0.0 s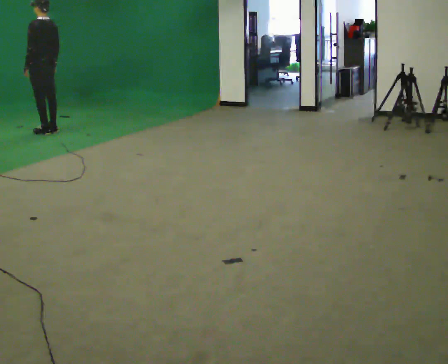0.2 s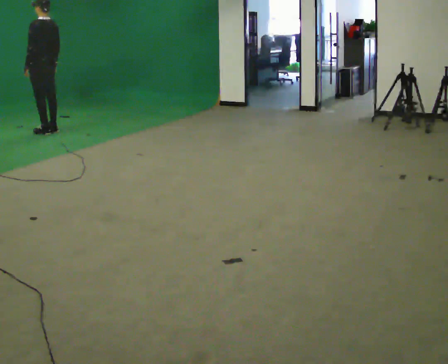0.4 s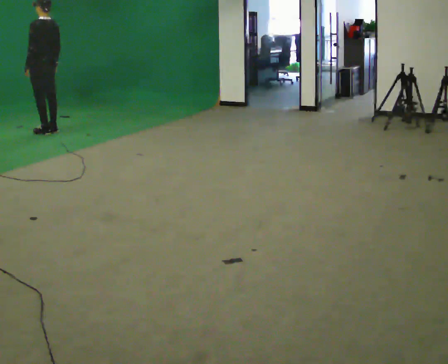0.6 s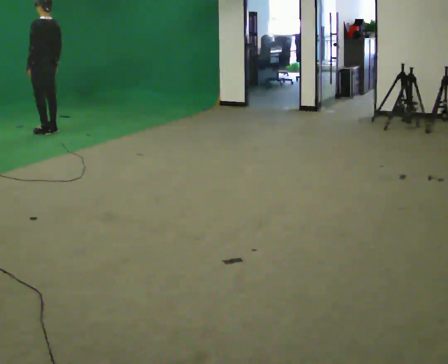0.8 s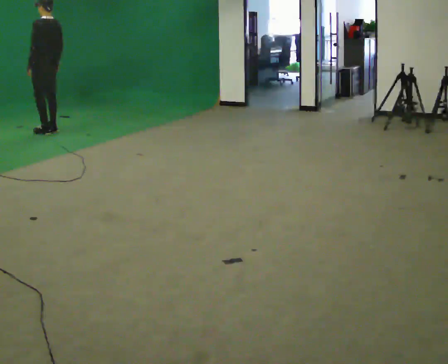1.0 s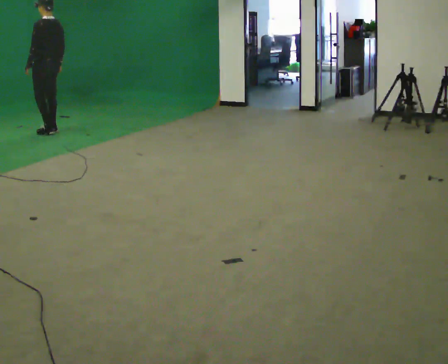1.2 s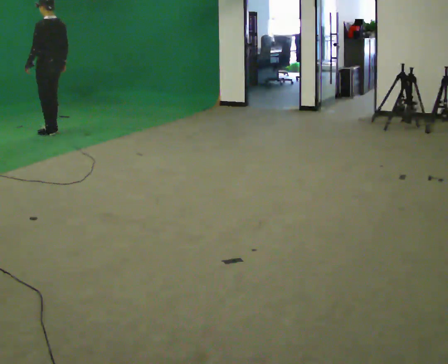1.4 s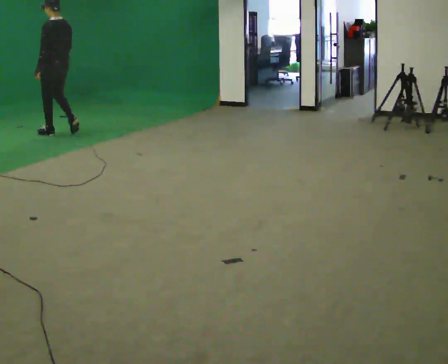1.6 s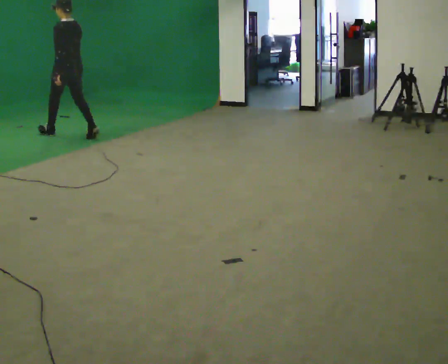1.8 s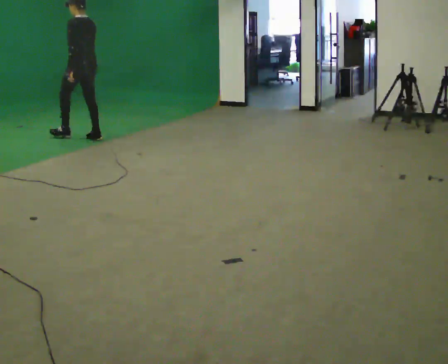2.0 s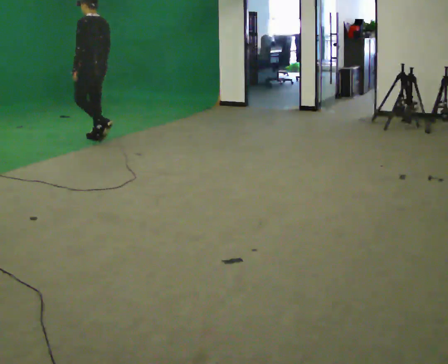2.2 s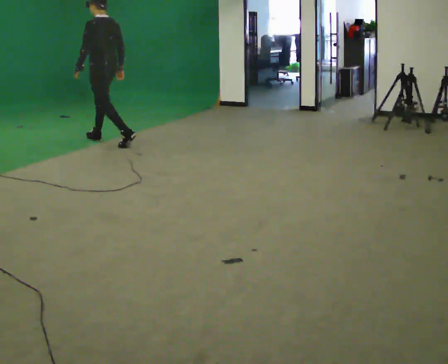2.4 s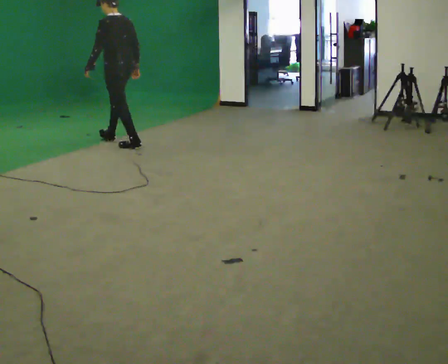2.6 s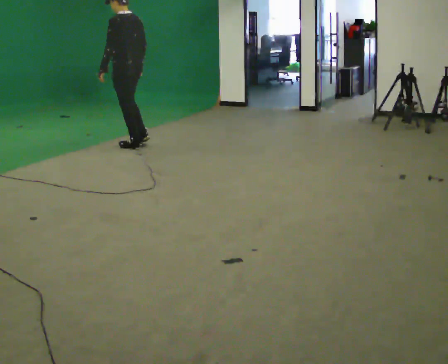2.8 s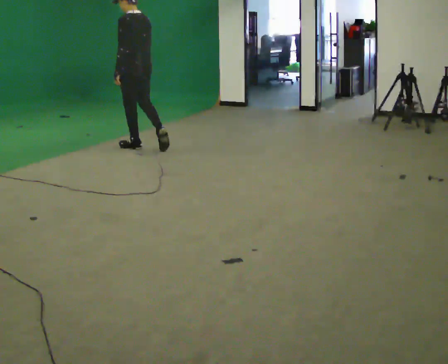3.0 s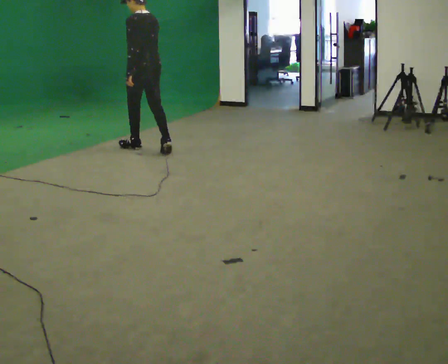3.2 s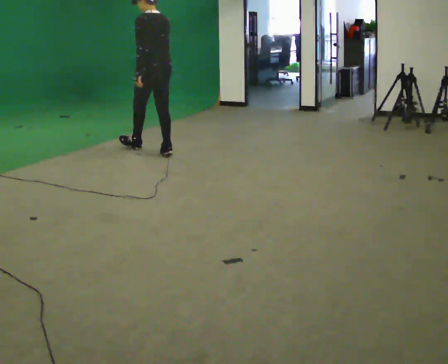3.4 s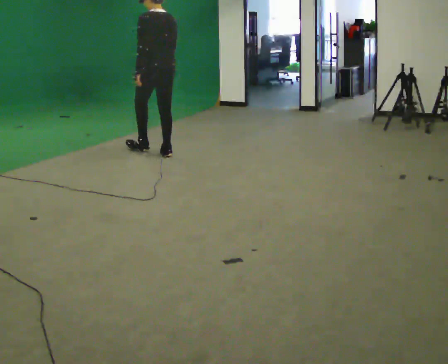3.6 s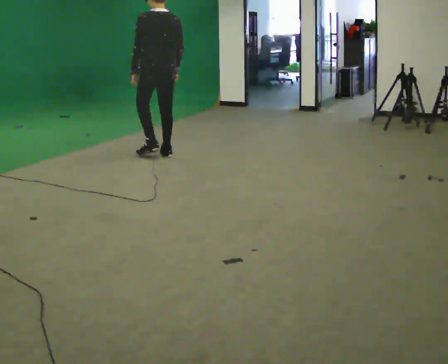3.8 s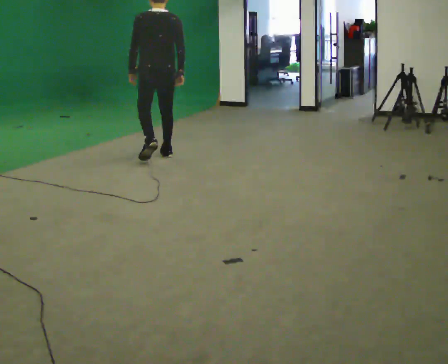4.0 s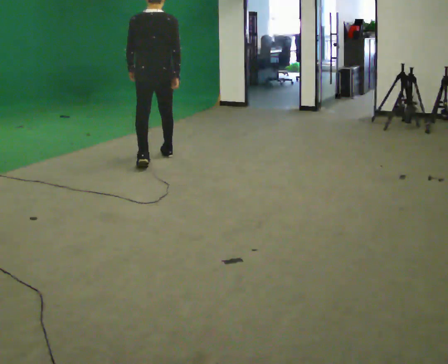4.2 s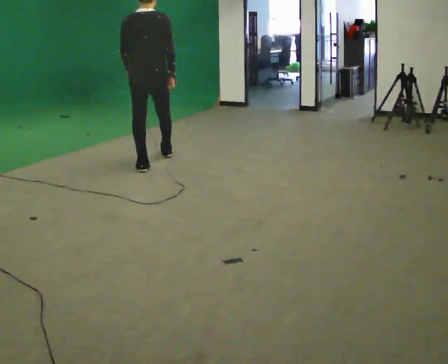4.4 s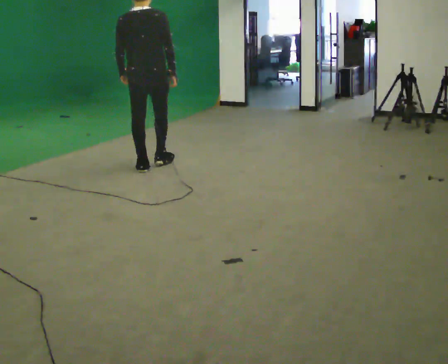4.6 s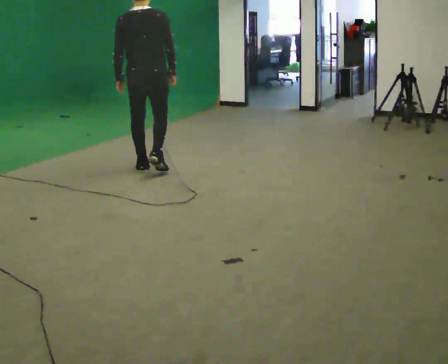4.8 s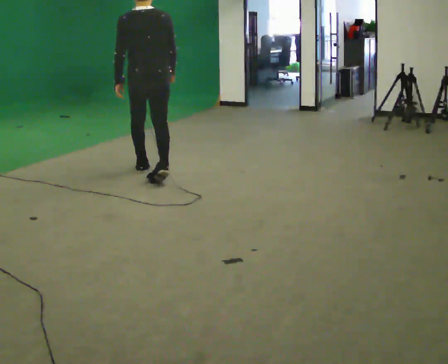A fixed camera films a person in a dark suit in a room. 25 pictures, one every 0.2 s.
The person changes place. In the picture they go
toward the camera.
0.0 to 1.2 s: The person moves a little, or ends about where they began.
1.2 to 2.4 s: In the picture they go to the right and toward the camera, about 1 m in 2 steps, which for them is backward.
2.4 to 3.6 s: Seen from above the body turns clockwise, about 30 degrees: to their right, with its near side sliding to the left. In the picture they go toward the camera and to the right, about 0.75 m in 1 step, which for them is backward.
3.6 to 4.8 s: In the picture they go toward the camera, about 0.75 m in 1 step, which for them is backward.
The film runs backward here.
